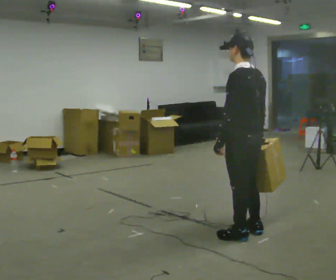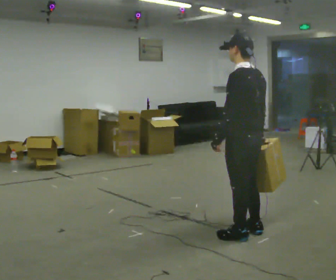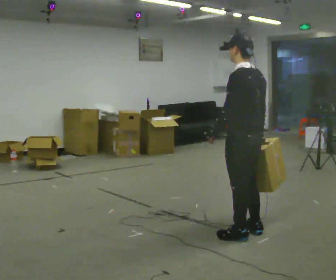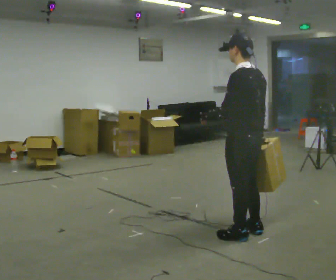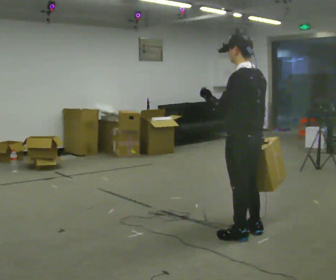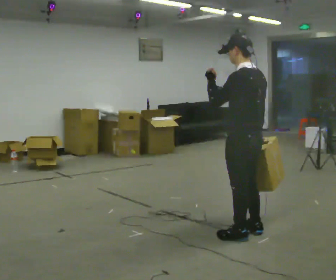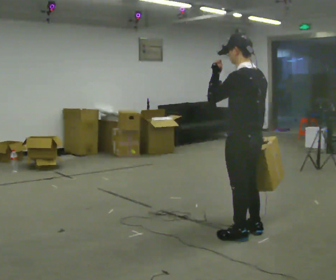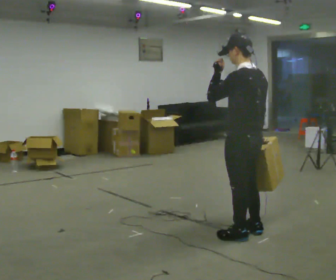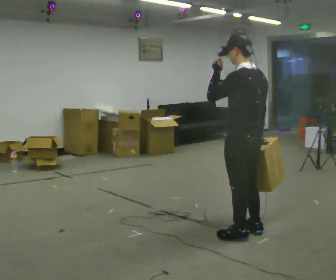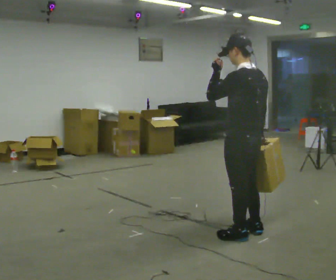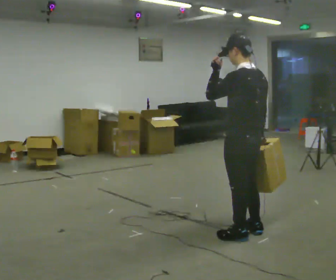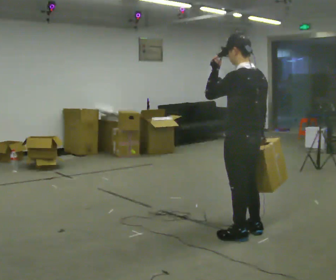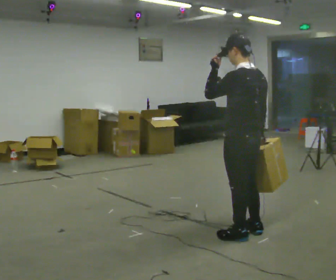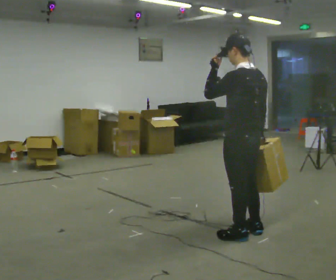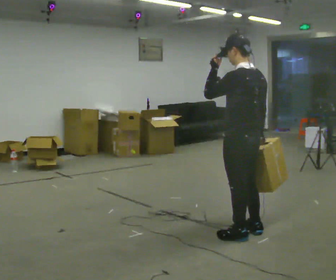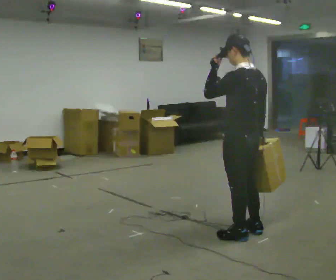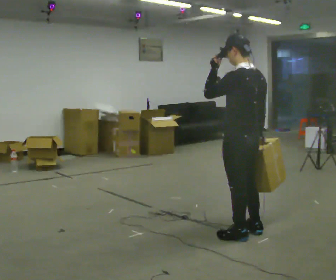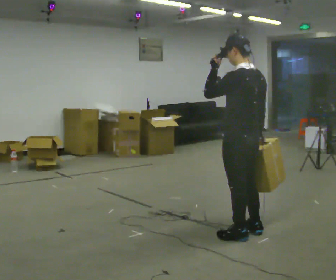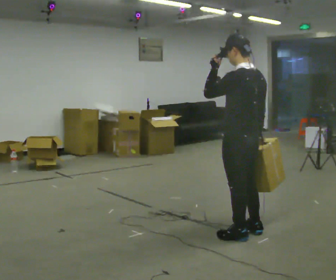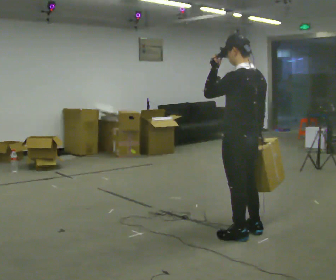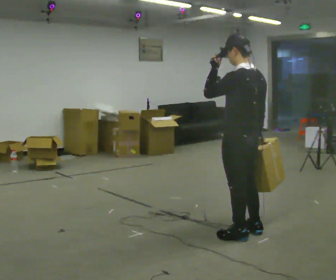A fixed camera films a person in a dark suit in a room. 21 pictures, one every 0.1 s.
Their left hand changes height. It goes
upward.
0.0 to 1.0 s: In the picture their left hand goes upward.
1.0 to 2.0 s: The person keeps their place and pose.
The film runs forward here.
